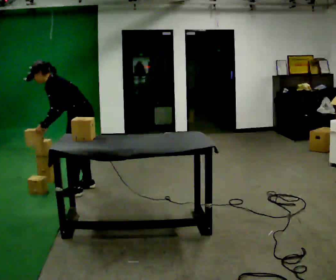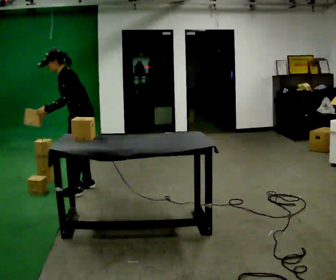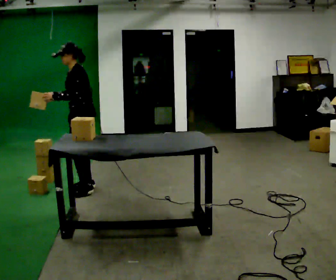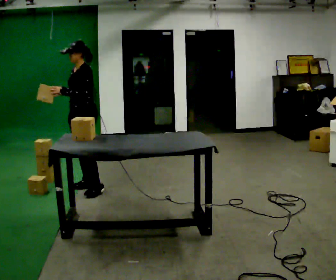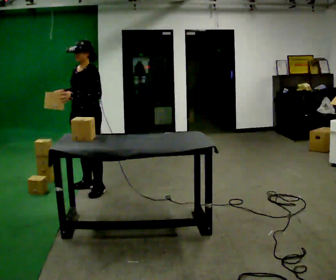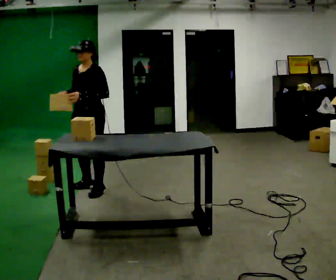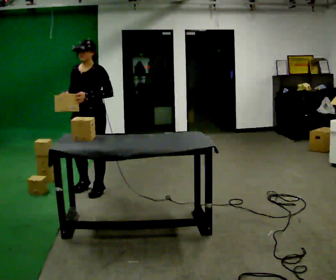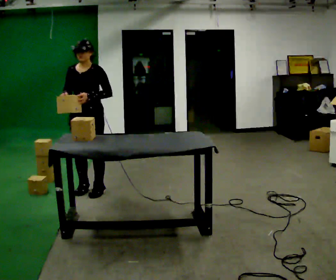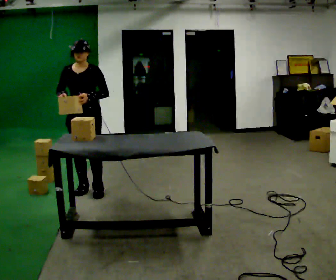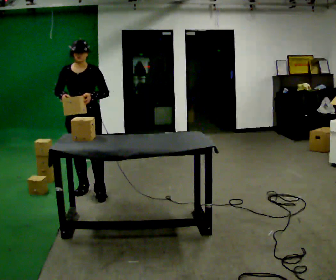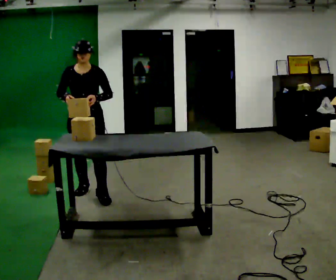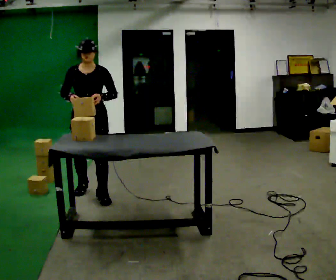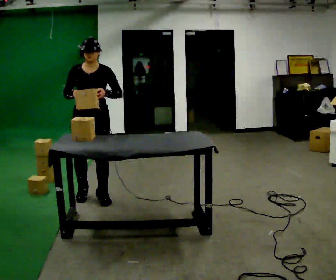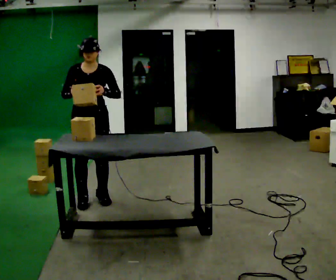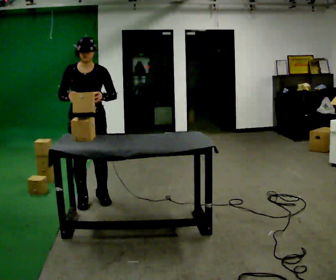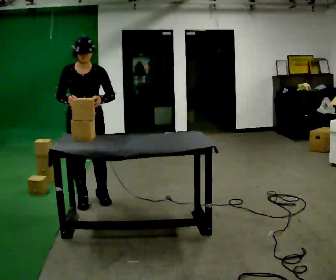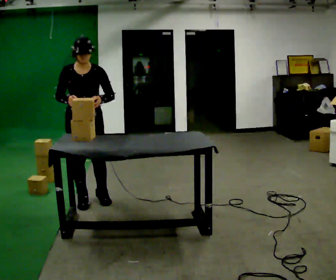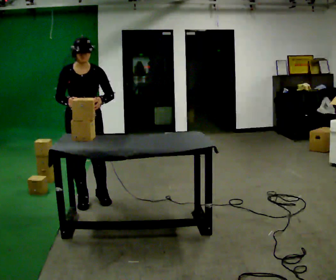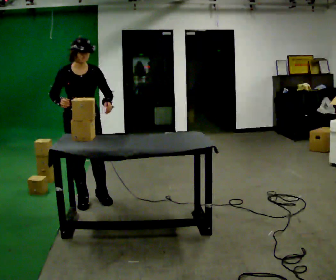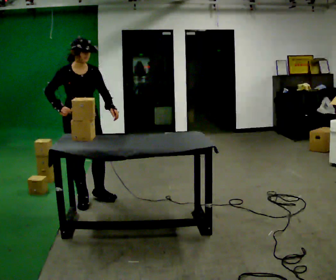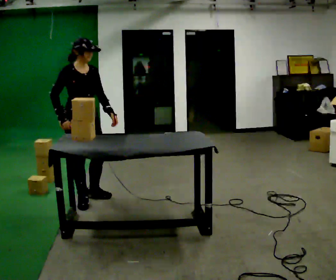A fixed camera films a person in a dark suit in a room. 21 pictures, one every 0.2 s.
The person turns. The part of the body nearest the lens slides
to the right.
The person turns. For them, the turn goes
to their left.
0.0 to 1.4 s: The person turns about 75 degrees to their left, counterclockwise seen from above, so the part of the body nearest the lens slides to the right. In the picture the upper body tilts clockwise, shoulders to the right, as they lean back or straighten.
1.4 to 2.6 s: In the picture they go toward the camera, about 0.25 m in 1 step, which for them is forward.
2.6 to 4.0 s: The part of the body nearest the lens slides to the right as the person turns to their left by about 30 degrees.
The film runs forward here.
